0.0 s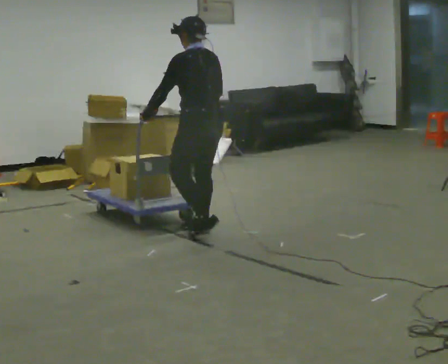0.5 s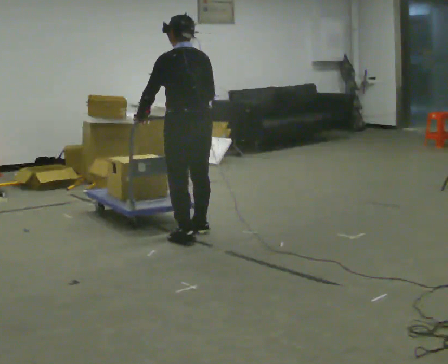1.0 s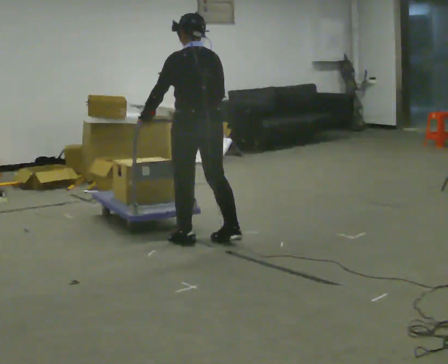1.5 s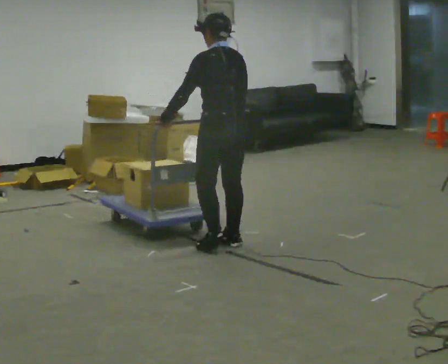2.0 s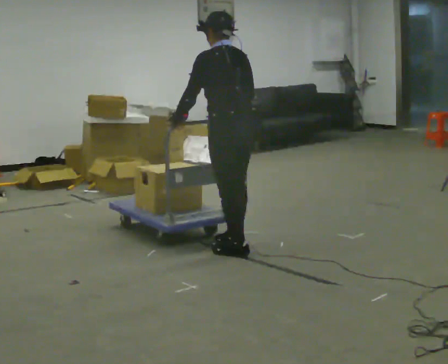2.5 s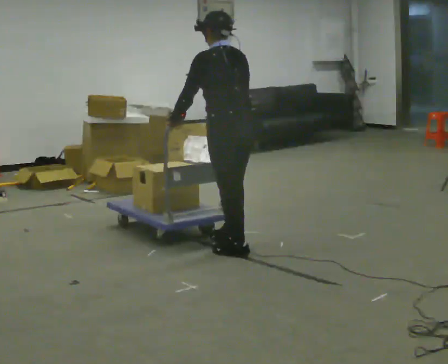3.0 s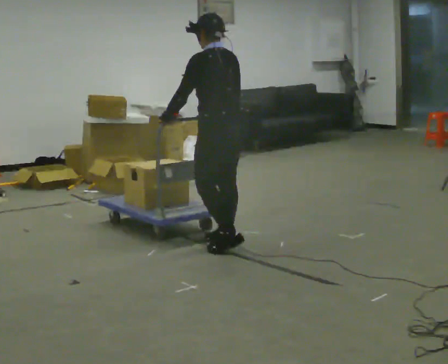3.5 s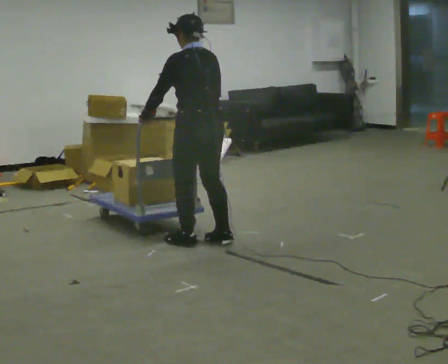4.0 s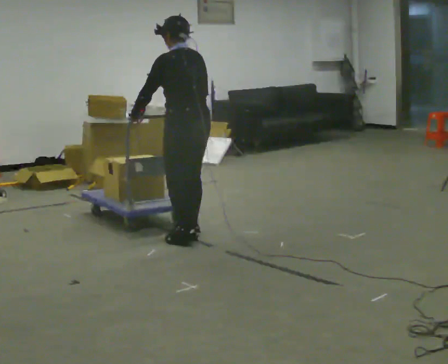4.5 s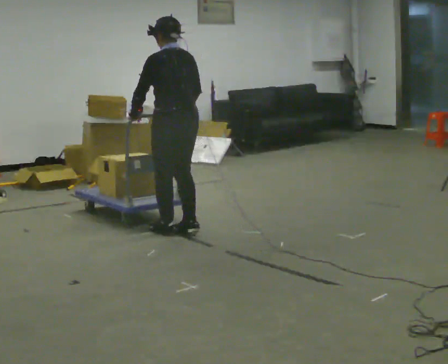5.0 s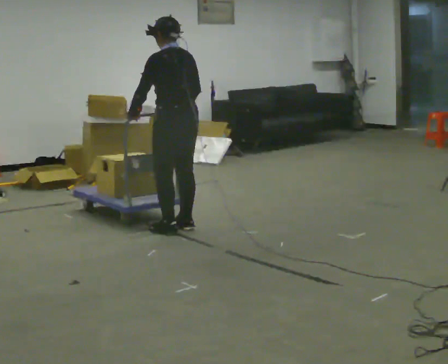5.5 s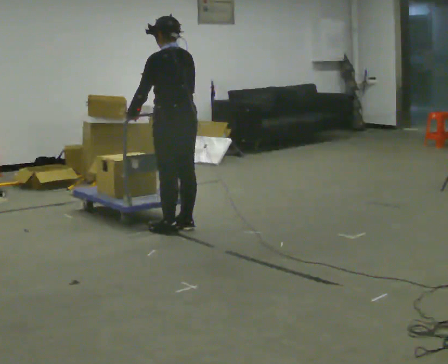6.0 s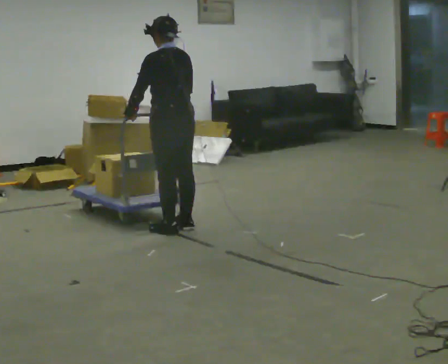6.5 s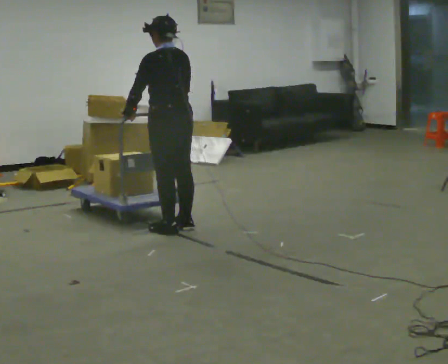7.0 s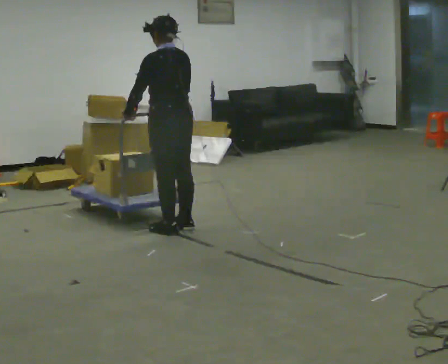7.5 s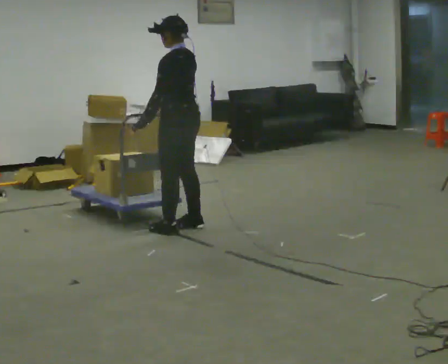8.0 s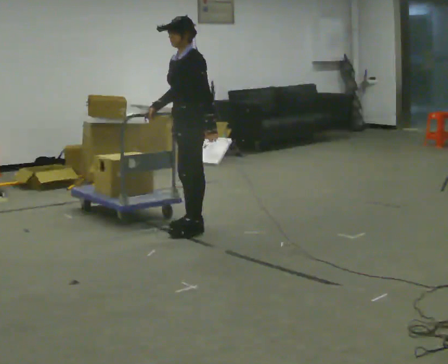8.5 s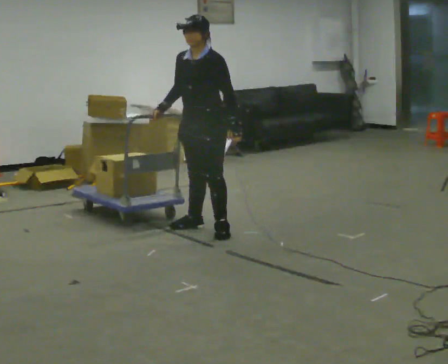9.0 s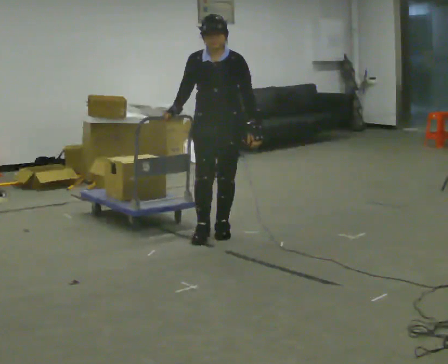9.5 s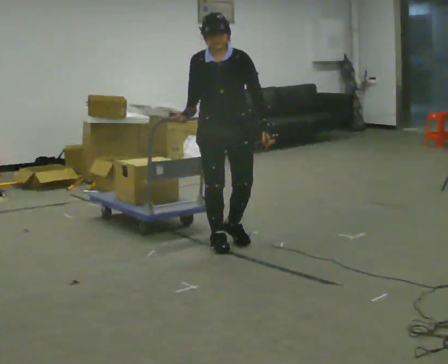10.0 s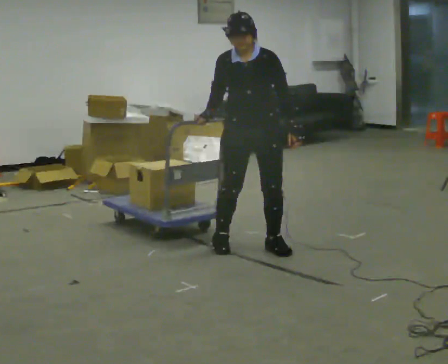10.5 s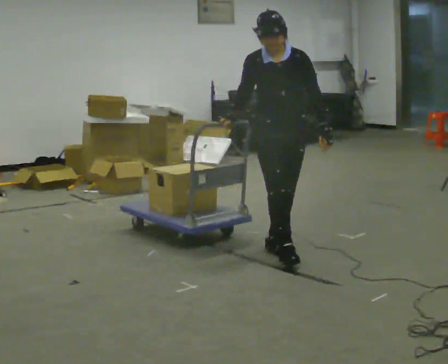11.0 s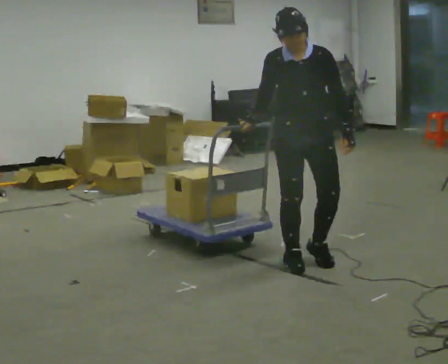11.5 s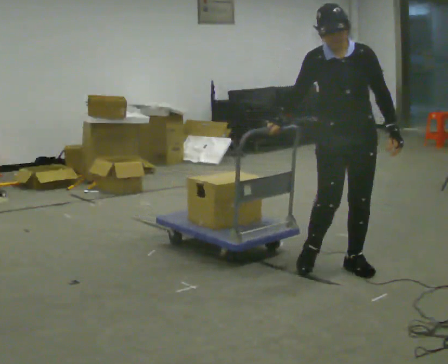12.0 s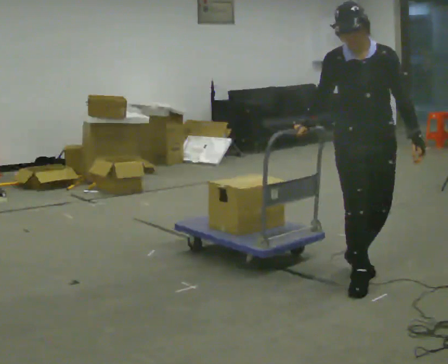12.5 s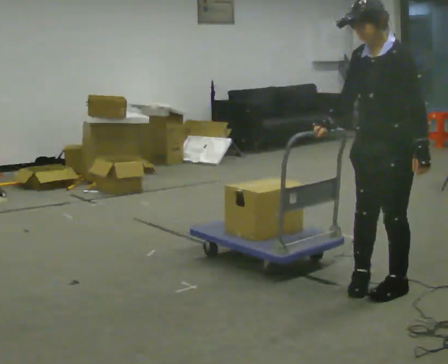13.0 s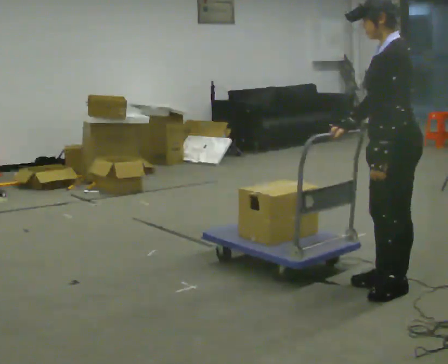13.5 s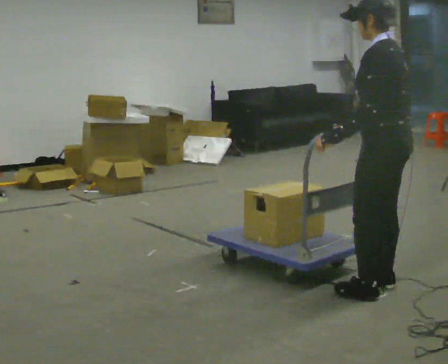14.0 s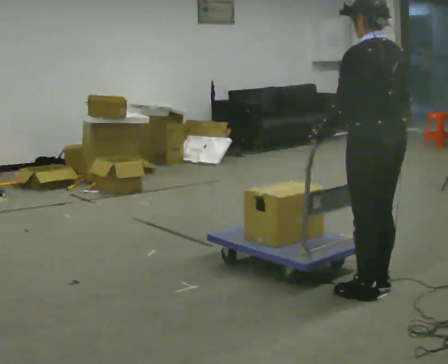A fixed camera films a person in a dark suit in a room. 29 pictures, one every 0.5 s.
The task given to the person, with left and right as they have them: Get the cart into the marked parking space and lined up with the tape. Take as many adjustments as you need. Then take it out again and repeat.
0.0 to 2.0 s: In the picture they go toward the camera and to the right, about 0.5 m in 3 steps, which for them is backward.
2.0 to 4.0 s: In the picture they go away from the camera and to the left, about 0.5 m in 2 steps, which for them is forward.
4.0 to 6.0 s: In the picture they go away from the camera, about 0.25 m in 2 steps, which for them is forward.
6.0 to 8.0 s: The person turns about 75 degrees to their left, counterclockwise seen from above, so the part of the body nearest the lens slides to the right. In the picture they go to the right, about 0.25 m. In the picture their left hand goes to the right, the arm swinging counterclockwise.
8.0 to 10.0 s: The person turns about 60 degrees to their left, counterclockwise seen from above, so the part of the body nearest the lens slides to the right. In the picture they go toward the camera and to the right, about 0.5 m in 3 steps.
10.0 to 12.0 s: In the picture they go toward the camera and to the right, about 1 m in 3 steps, which for them is forward and to their left.
12.0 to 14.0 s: The person turns about 150 degrees to their right, clockwise seen from above, so the part of the body nearest the lens slides to the left. In the picture they go toward the camera, about 0.25 m in 3 steps. In the picture their left hand goes to the left, the arm swinging clockwise.
The film runs forward here.
